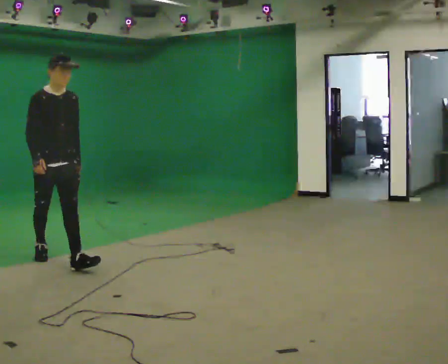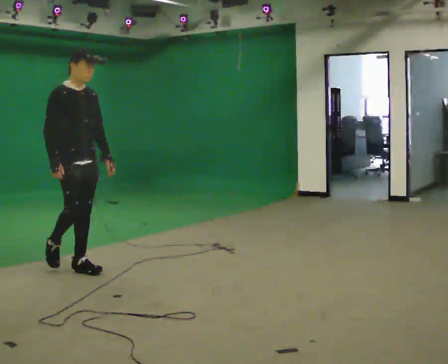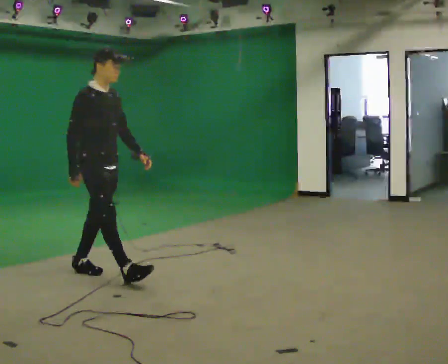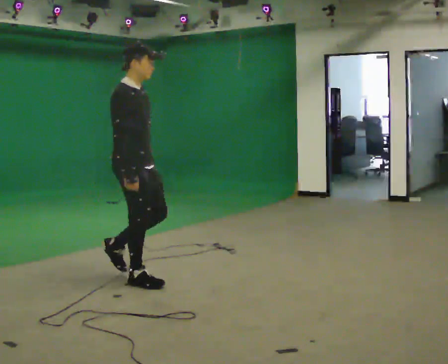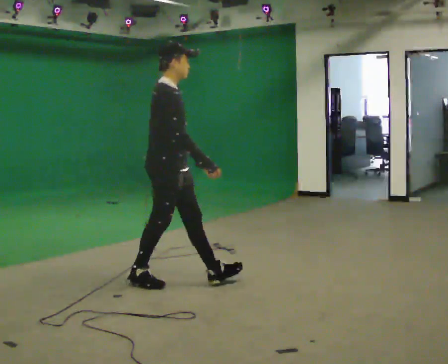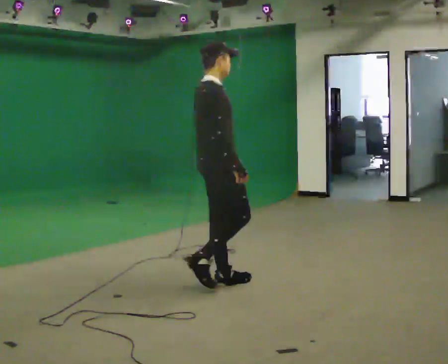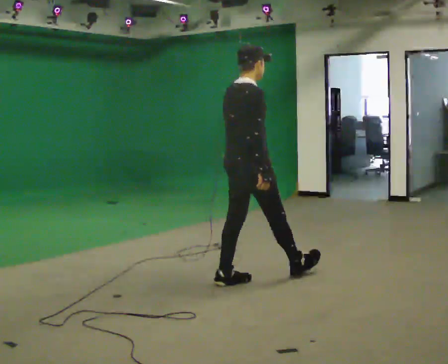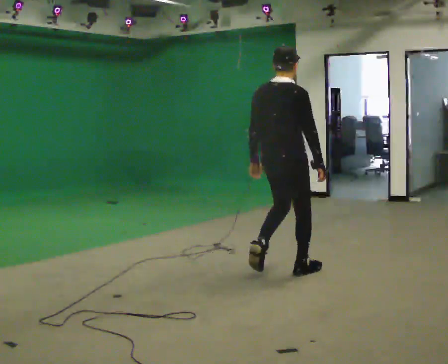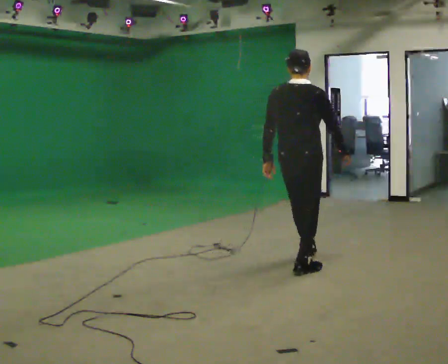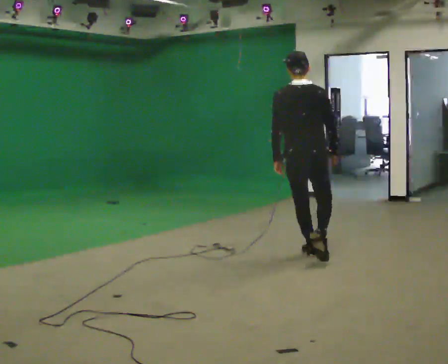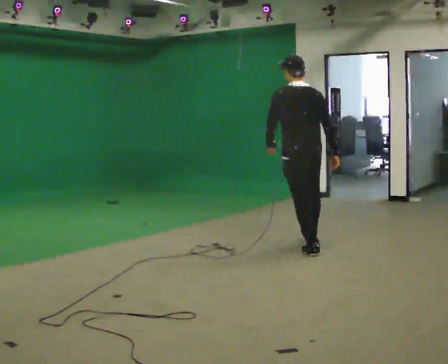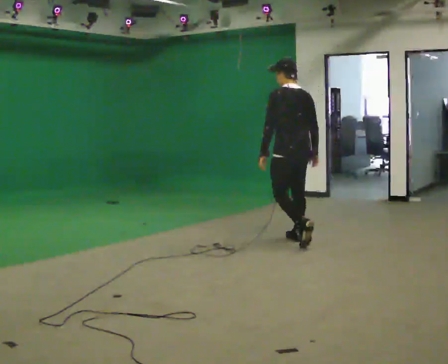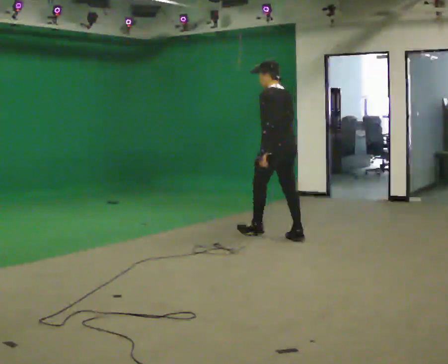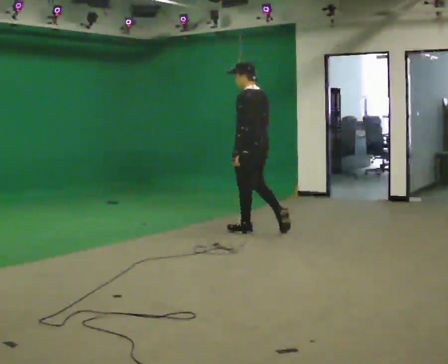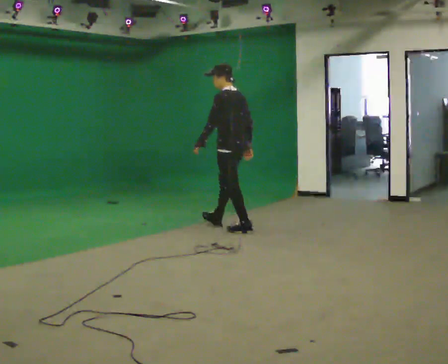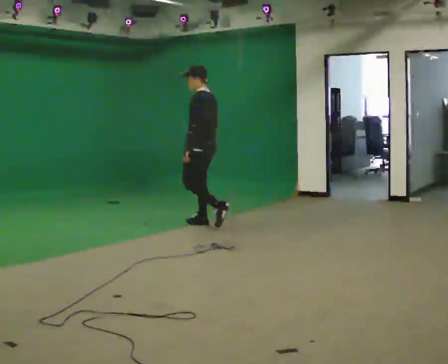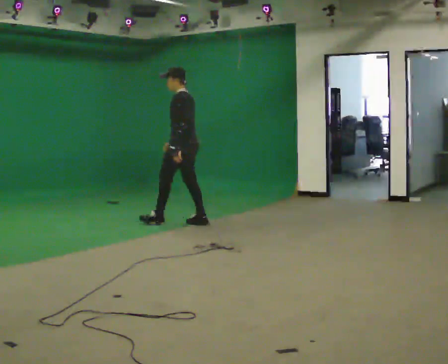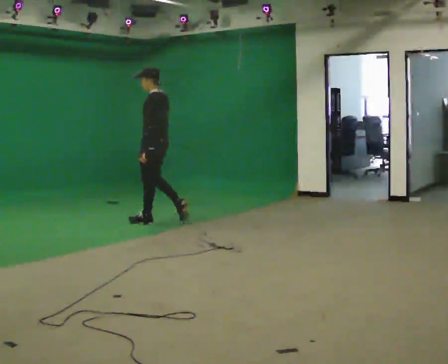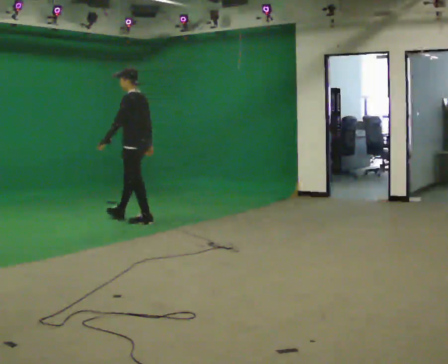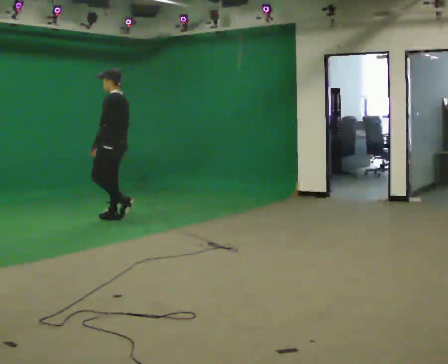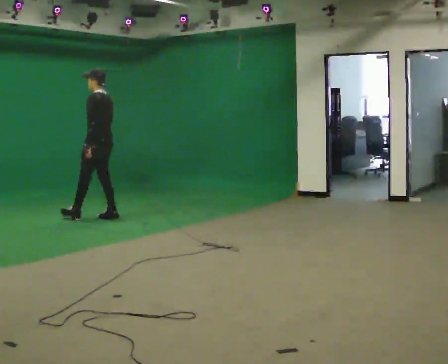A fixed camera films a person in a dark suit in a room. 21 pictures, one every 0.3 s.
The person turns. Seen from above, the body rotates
counterclockwise.
The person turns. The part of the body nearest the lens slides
to the right.
0.0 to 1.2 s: The part of the body nearest the lens slides to the right as the person turns to their left by about 45 degrees. In the picture they go to the right, about 1 m in 2 steps, which for them is forward.
1.2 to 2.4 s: The person turns about 75 degrees to their left, counterclockwise seen from above, so the part of the body nearest the lens slides to the right. In the picture they go to the right and away from the camera, about 1 m in 2 steps.
2.4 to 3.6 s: The person turns about 60 degrees to their left, counterclockwise seen from above, so the part of the body nearest the lens slides to the right. In the picture they go away from the camera, about 1 m in 2 steps.
3.6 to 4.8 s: The person turns about 30 degrees to their left, counterclockwise seen from above, so the part of the body nearest the lens slides to the right. In the picture they go to the left and away from the camera, about 1 m in 2 steps, which for them is forward.
4.8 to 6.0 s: In the picture they go to the left, about 1 m in 2 steps, which for them is forward.
The film runs forward here.
